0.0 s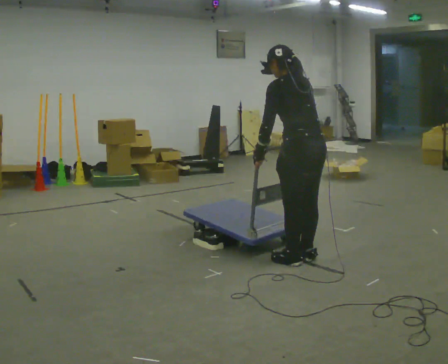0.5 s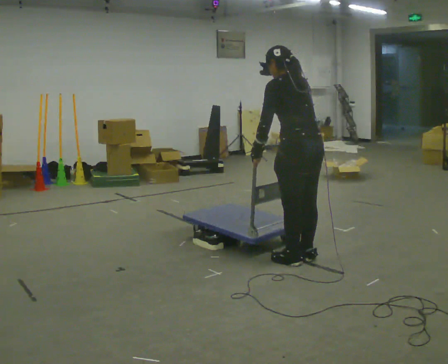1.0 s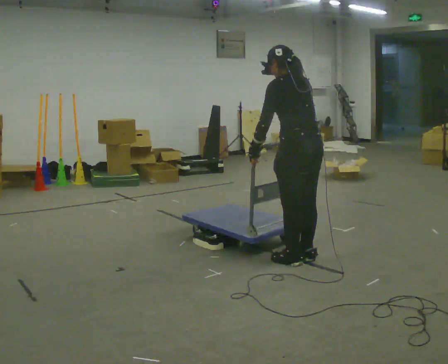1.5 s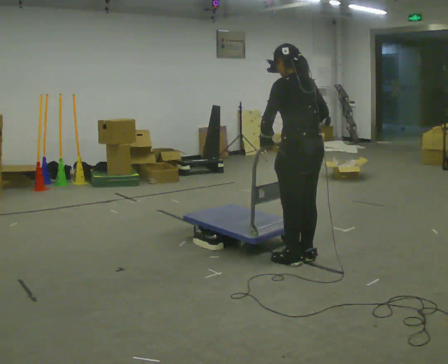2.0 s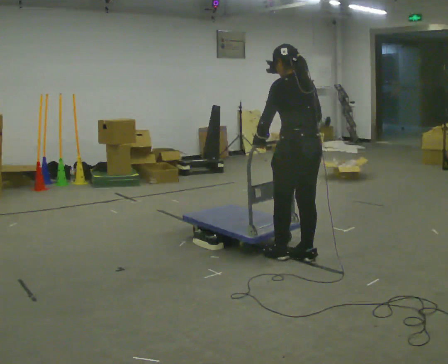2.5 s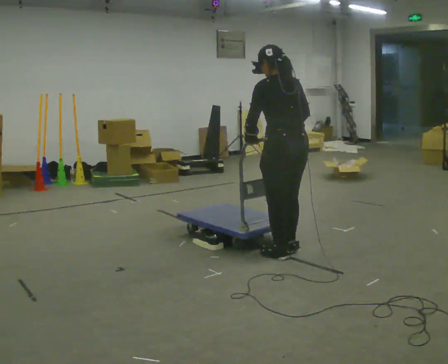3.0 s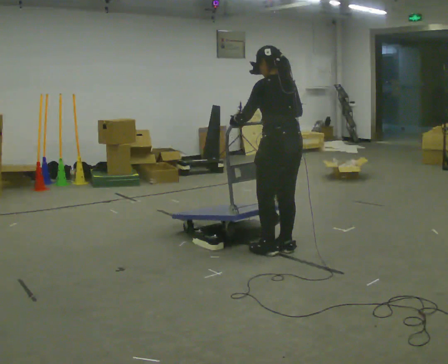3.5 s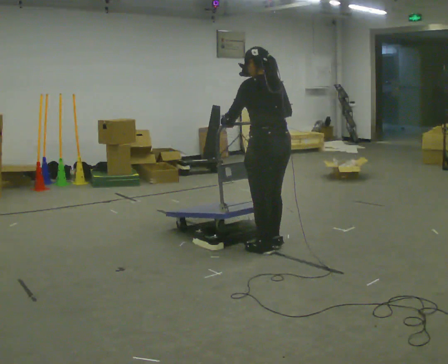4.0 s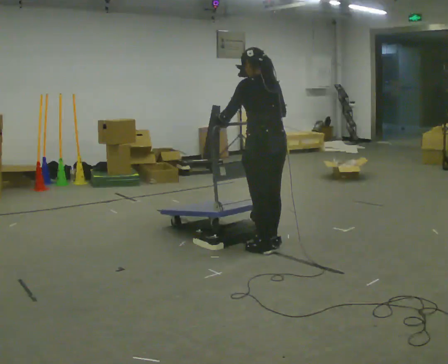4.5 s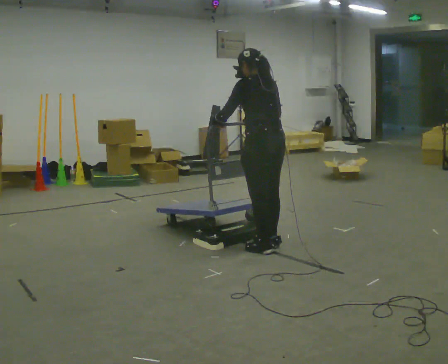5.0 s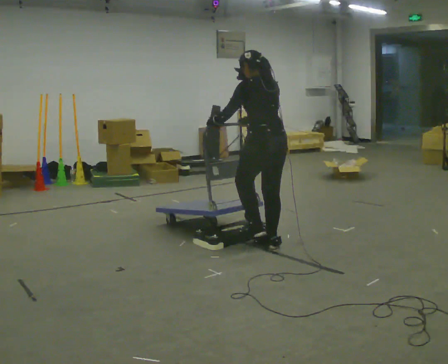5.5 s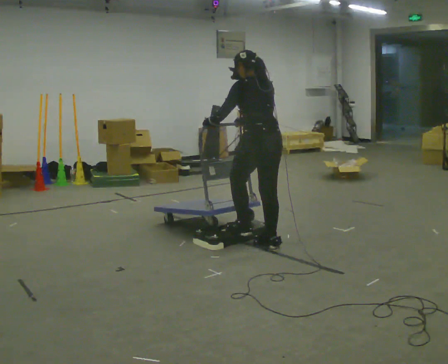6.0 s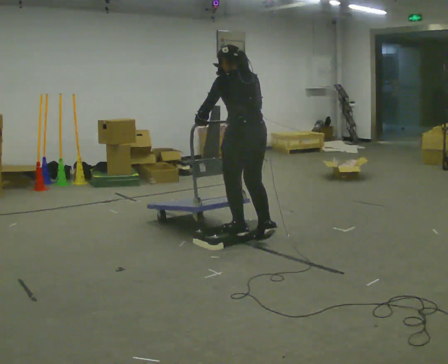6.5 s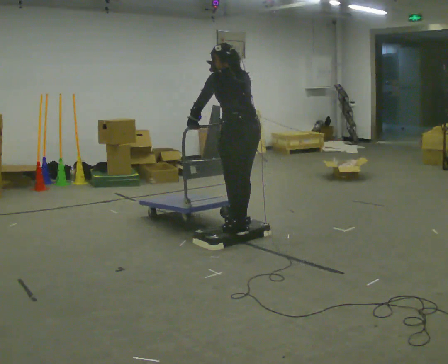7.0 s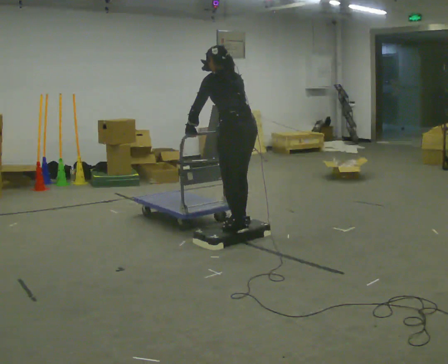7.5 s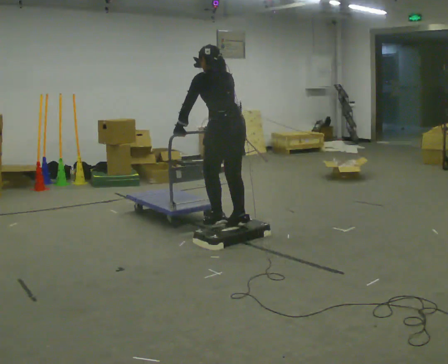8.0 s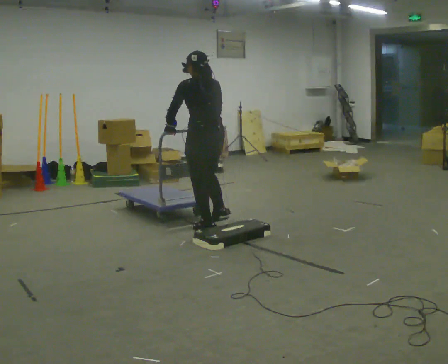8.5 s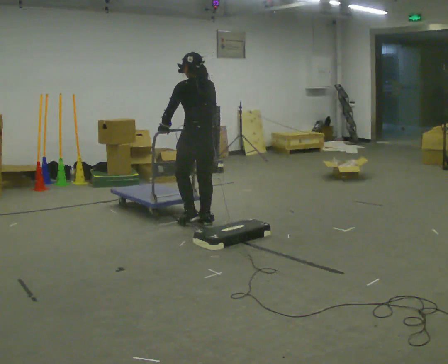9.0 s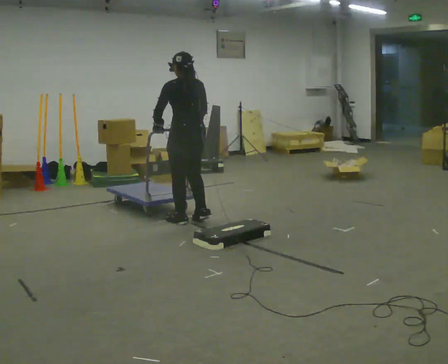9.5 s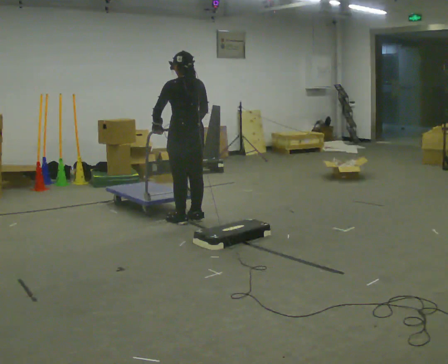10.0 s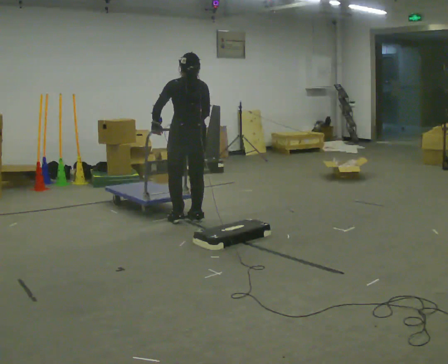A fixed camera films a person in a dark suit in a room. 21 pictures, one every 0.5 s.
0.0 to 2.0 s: The person moves a little, or ends about where they began.
2.0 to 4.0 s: In the picture they go away from the camera and to the left, about 0.25 m in 3 steps, which for them is forward.
4.0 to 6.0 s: In the picture they go to the left, about 0.25 m in 1 step, which for them is forward.
6.0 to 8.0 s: In the picture they go away from the camera and to the left, about 0.5 m in 2 steps, which for them is forward.
8.0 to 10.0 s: In the picture they go away from the camera and to the left, about 0.25 m in 3 steps, which for them is forward.
The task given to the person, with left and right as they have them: Push the cart up over the low platform edge and down the other side, then bring it back over.
The film runs forward here.
